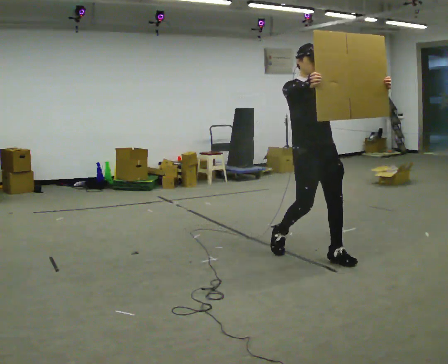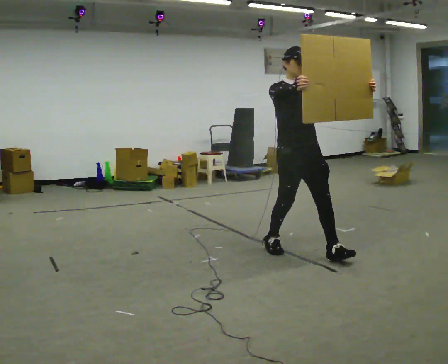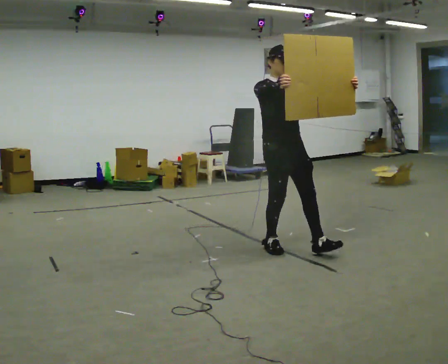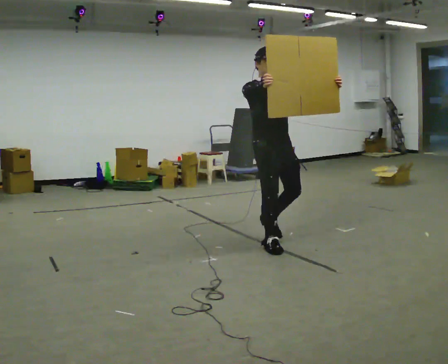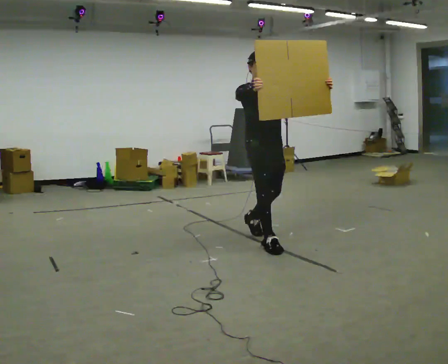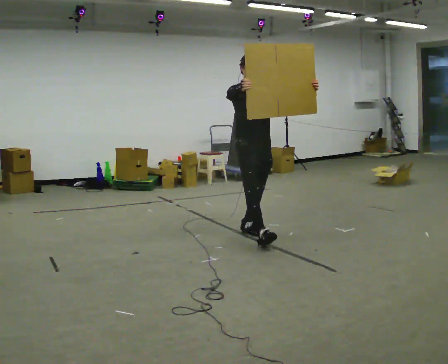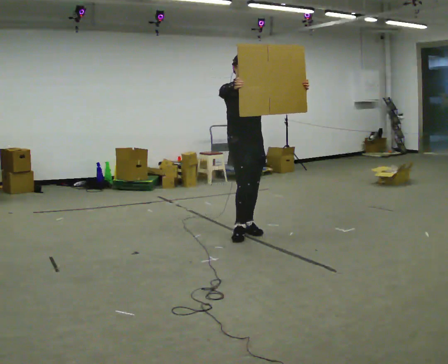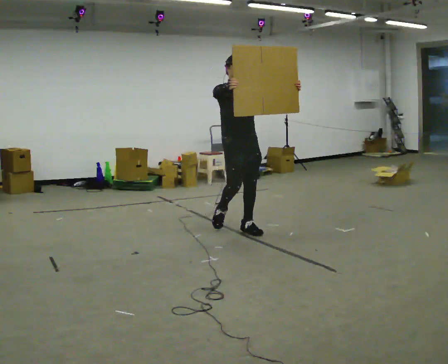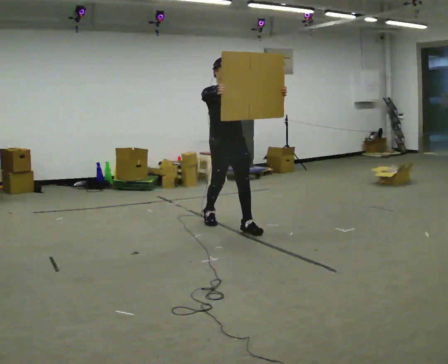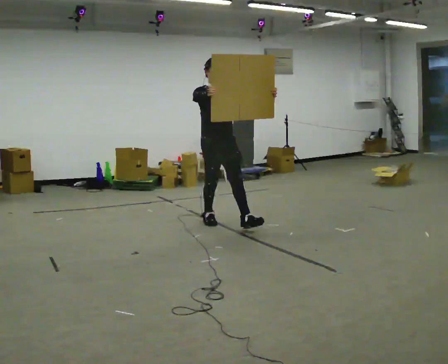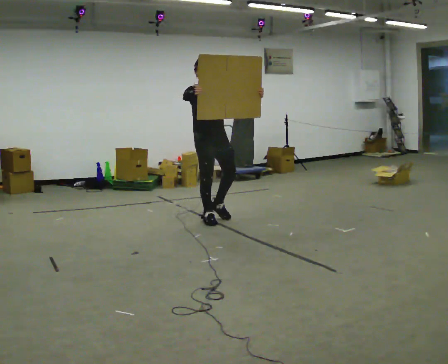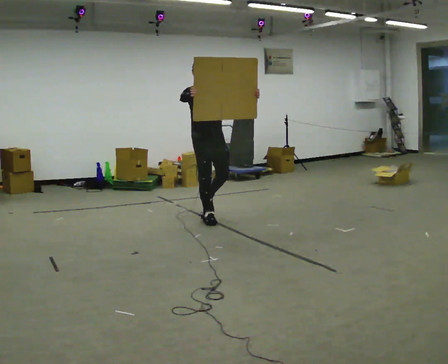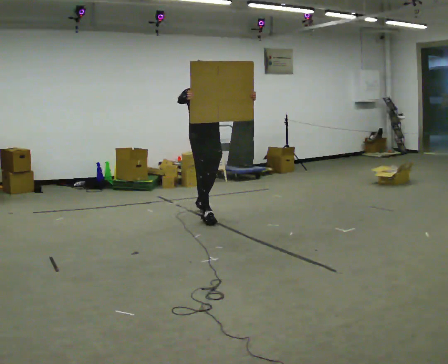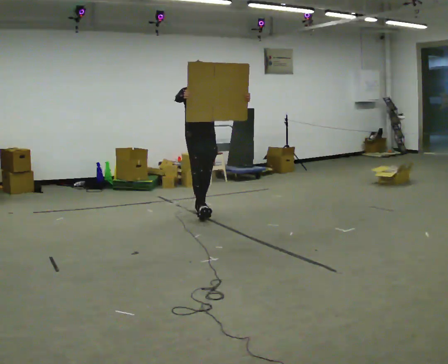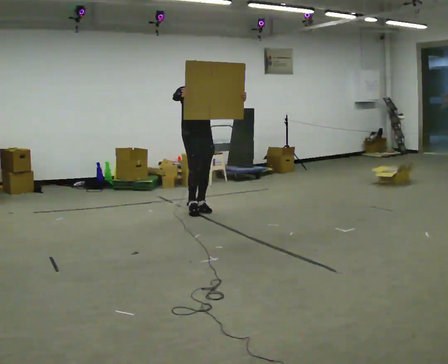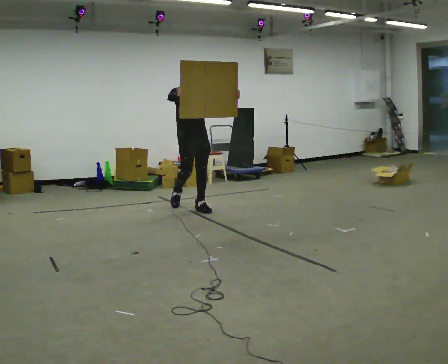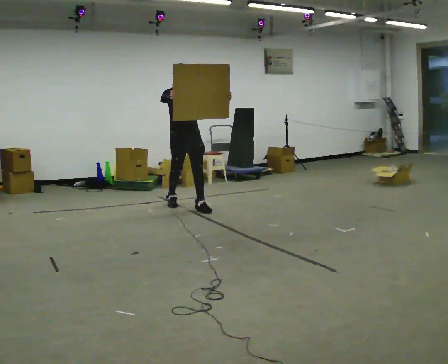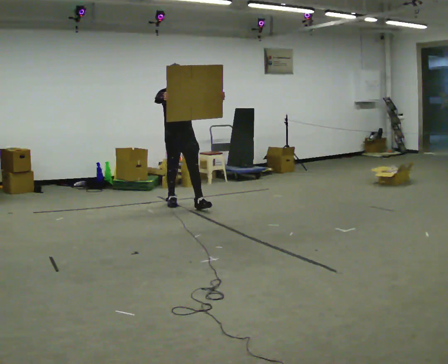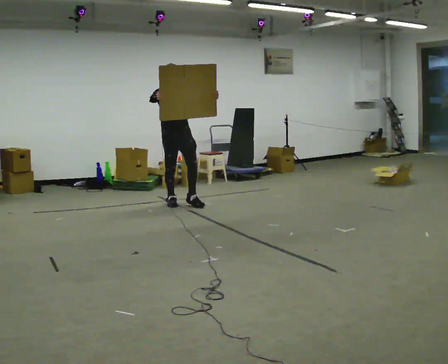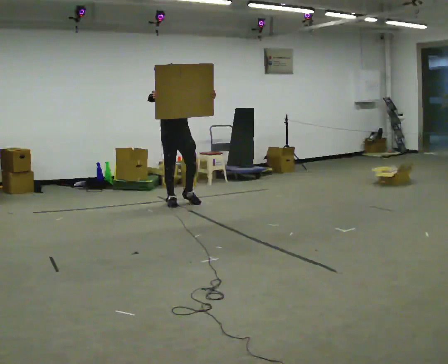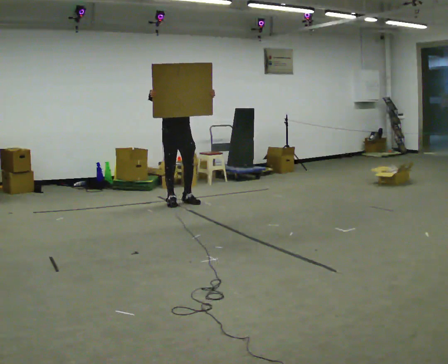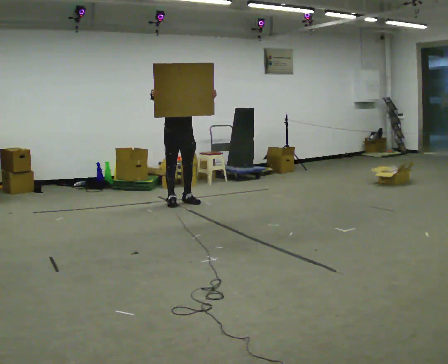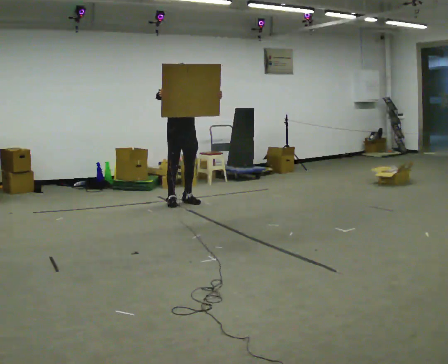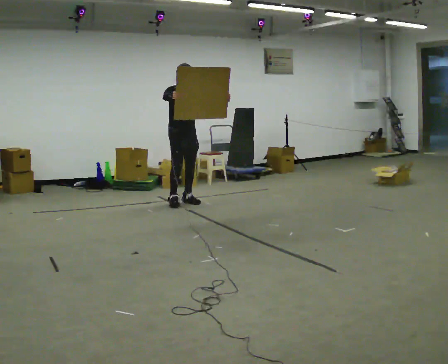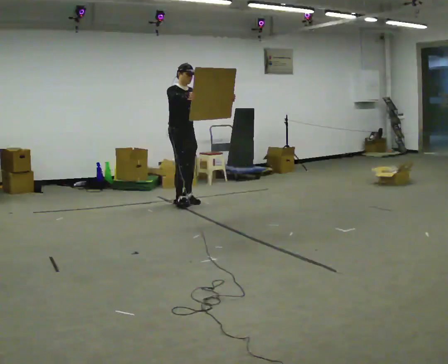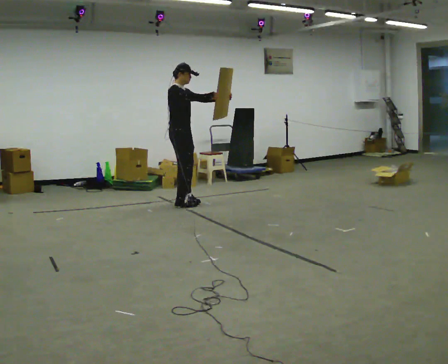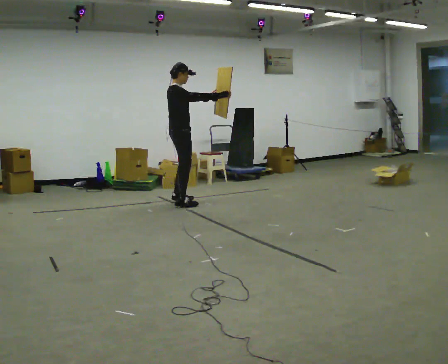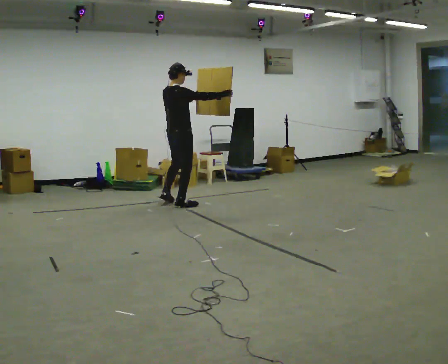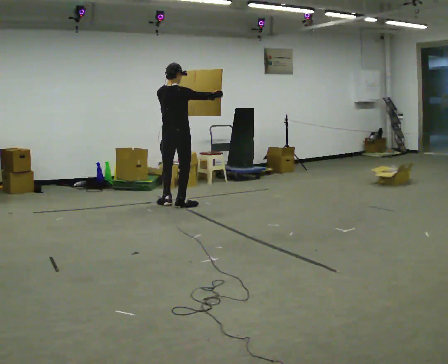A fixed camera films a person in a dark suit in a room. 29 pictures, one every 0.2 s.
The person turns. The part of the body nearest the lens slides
to the right.
The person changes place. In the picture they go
away from the camera.
0.0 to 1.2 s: In the picture they go away from the camera and to the left, about 1 m in 2 steps, which for them is backward.
1.2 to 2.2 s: In the picture they go away from the camera and to the left, about 0.75 m in 1 step, which for them is backward.
2.2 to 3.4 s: In the picture they go away from the camera and to the left, about 1 m in 2 steps, which for them is backward.
3.4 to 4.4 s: In the picture they go away from the camera, about 0.25 m, which for them is backward.
4.4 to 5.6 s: Seen from above the body turns counterclockwise, about 120 degrees: to their left, with its near side sliding to the right. In the picture they go toward the camera, about 0.25 m in 2 steps. In the picture their right hand goes to the right.
The film runs backward here.
